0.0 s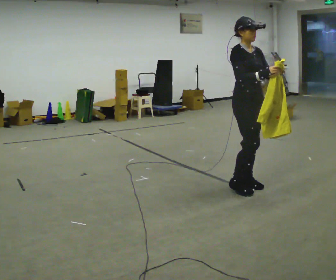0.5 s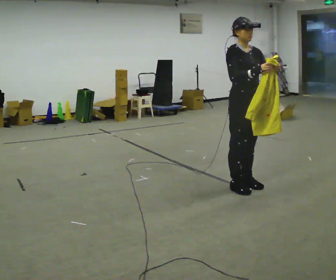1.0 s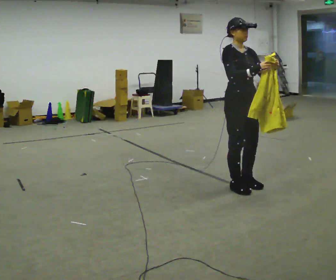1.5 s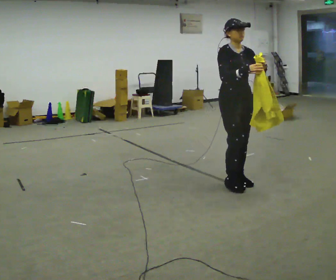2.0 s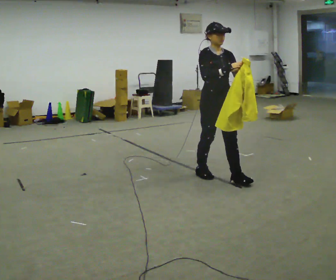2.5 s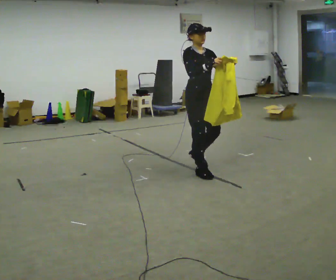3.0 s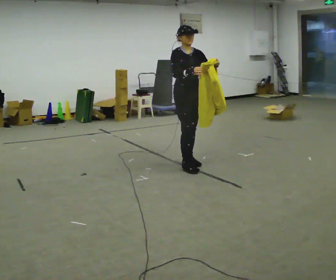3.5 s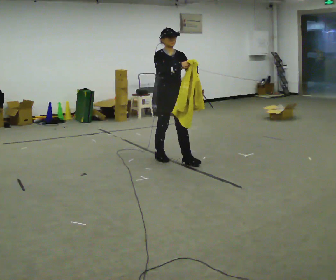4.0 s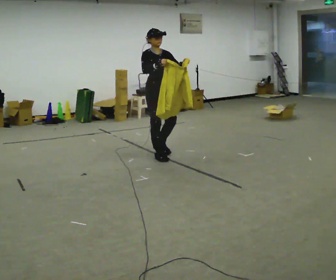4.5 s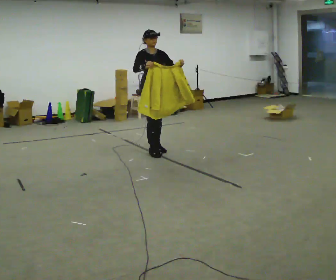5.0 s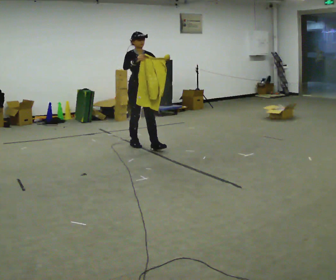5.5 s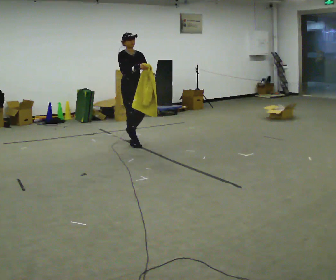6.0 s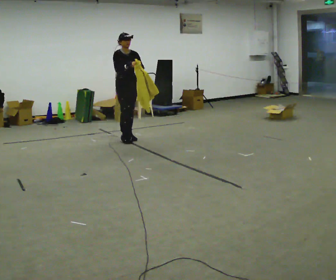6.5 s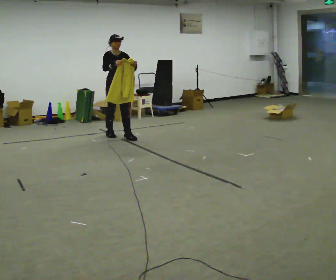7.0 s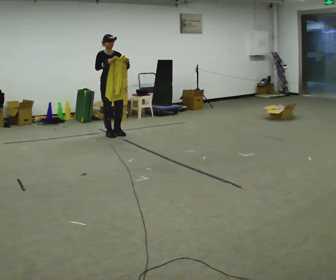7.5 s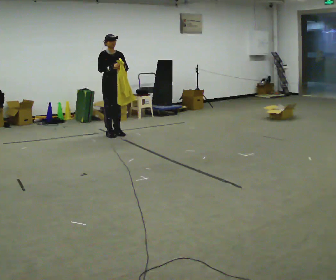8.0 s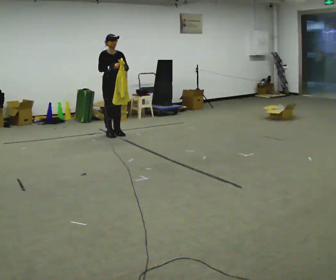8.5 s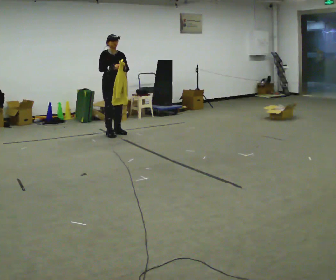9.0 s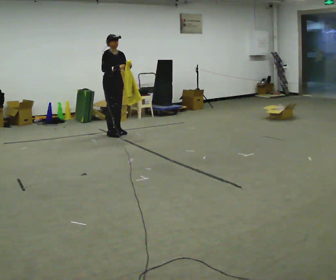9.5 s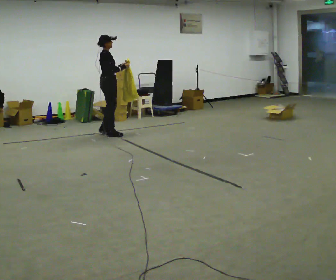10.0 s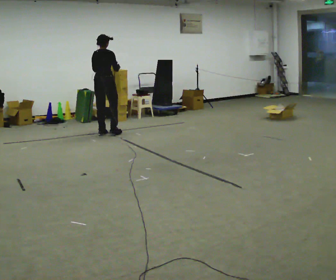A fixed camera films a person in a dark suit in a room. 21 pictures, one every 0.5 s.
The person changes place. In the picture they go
away from the camera.
0.0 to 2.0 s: In the picture they go away from the camera and to the left, about 0.5 m in 1 step, which for them is backward.
2.0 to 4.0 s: In the picture they go away from the camera and to the left, about 1 m in 3 steps, which for them is backward.
4.0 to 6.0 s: In the picture they go away from the camera and to the left, about 1 m in 3 steps, which for them is backward.
6.0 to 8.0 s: In the picture they go away from the camera and to the left, about 0.5 m in 1 step, which for them is backward.
8.0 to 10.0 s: The part of the body nearest the lens slides to the right as the person turns to their left by about 120 degrees. In the picture they go to the left, about 0.25 m in 1 step. In the picture their left hand goes to the left.
The film runs backward here.
